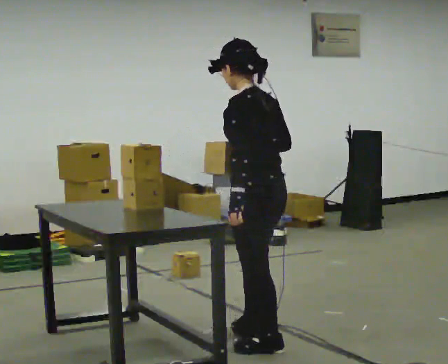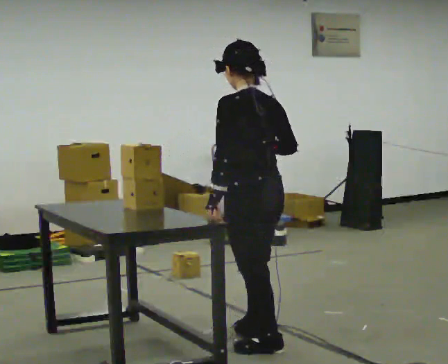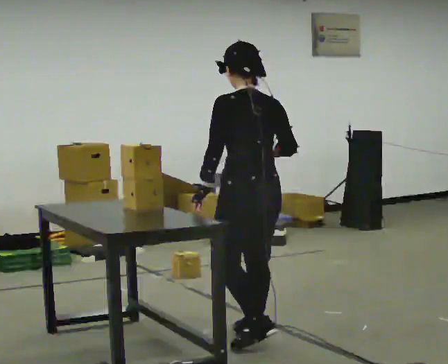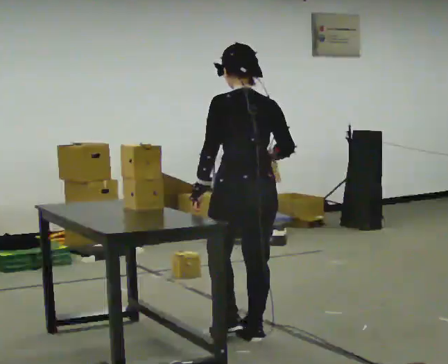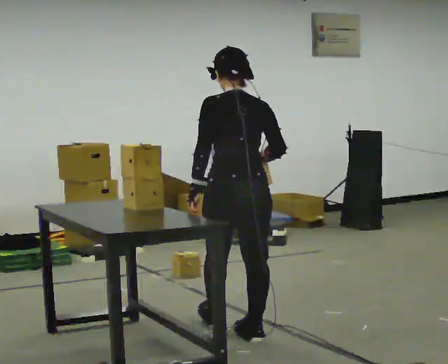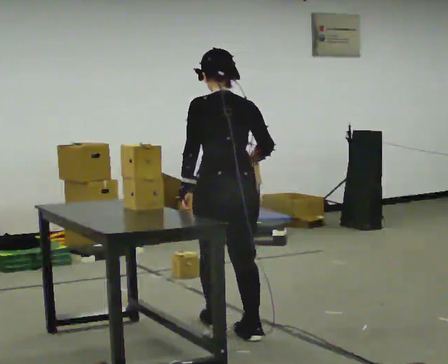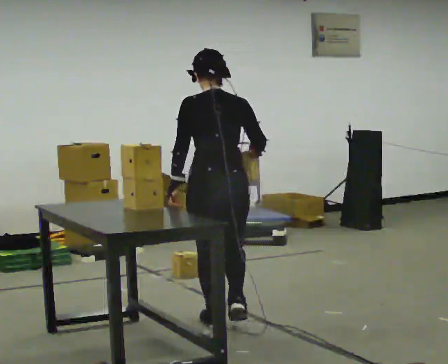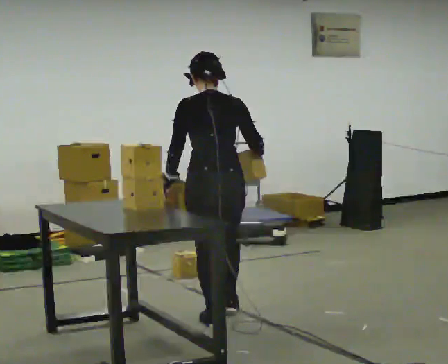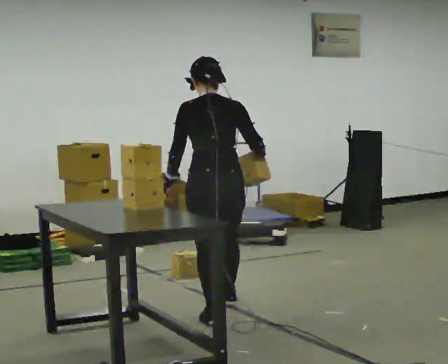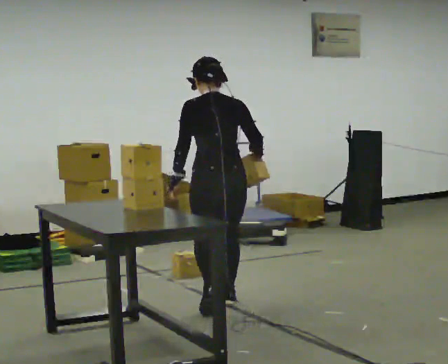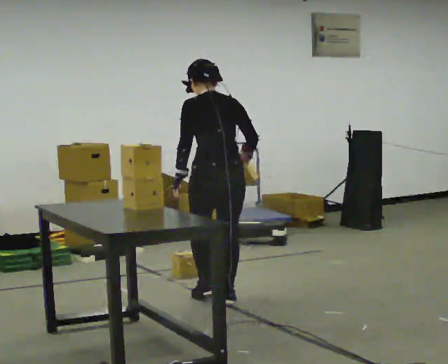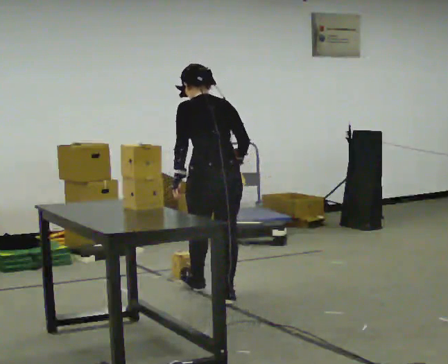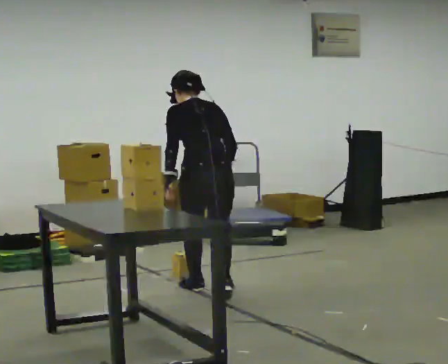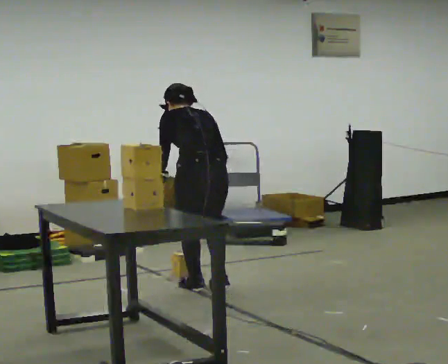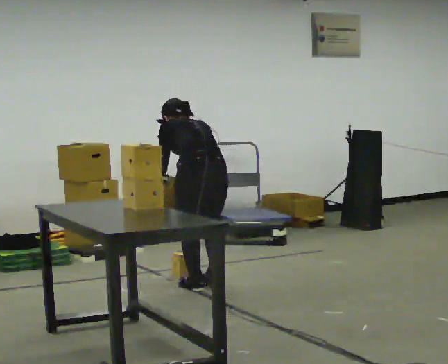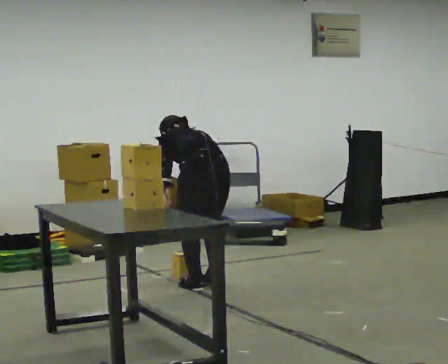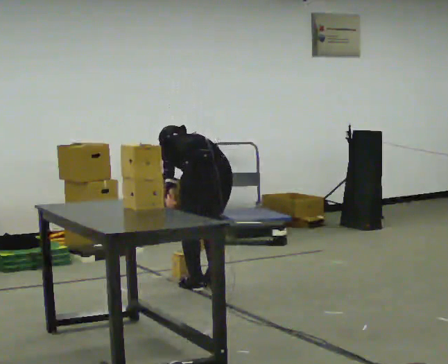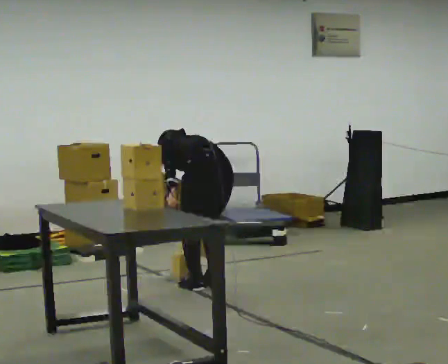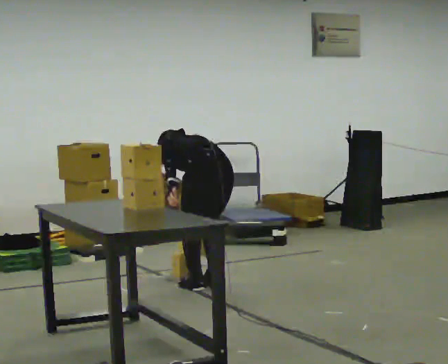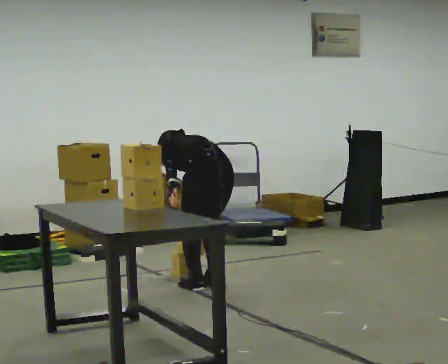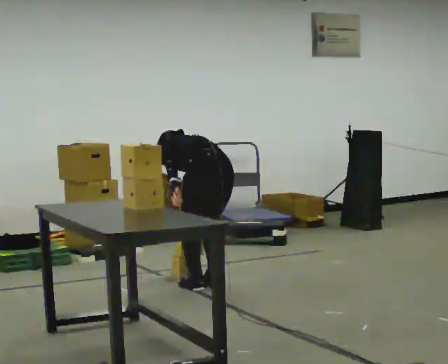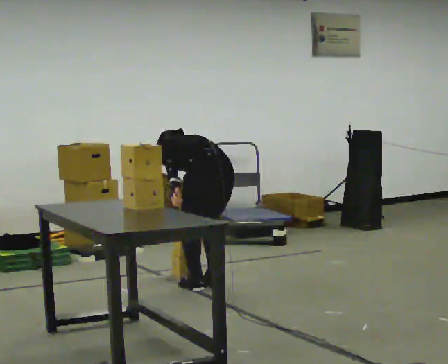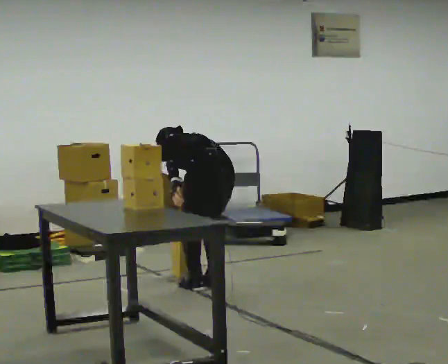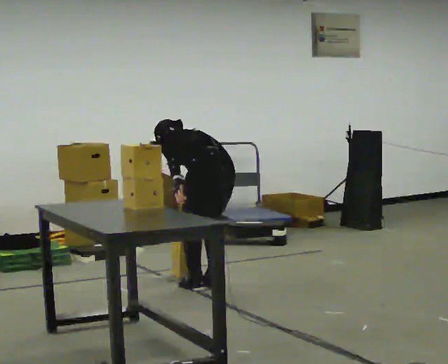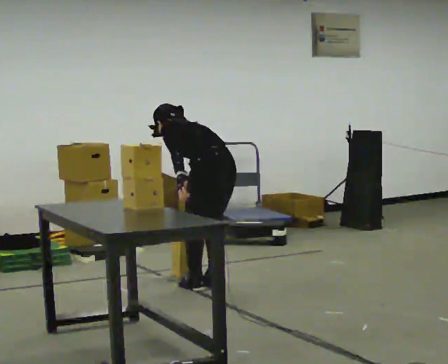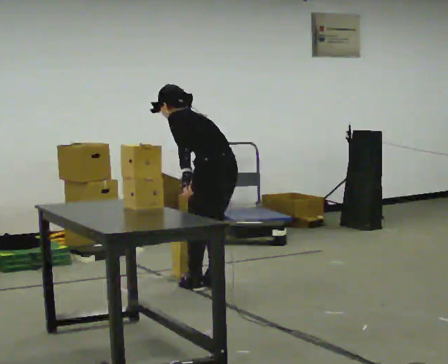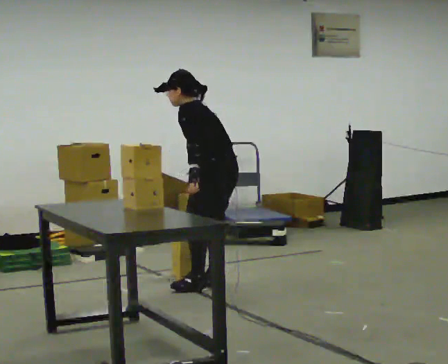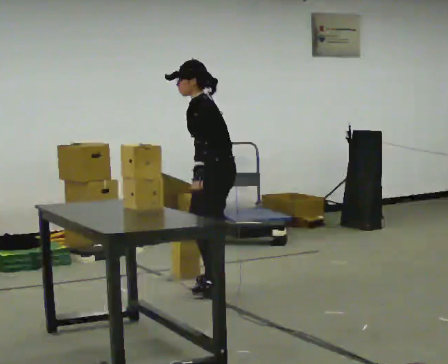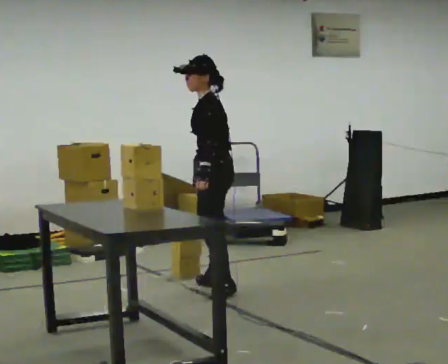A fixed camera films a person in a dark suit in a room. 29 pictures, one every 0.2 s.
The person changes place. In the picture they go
away from the camera.
0.0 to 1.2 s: The person turns about 45 degrees to their right, clockwise seen from above, so the part of the body nearest the lens slides to the left. In the picture they go away from the camera and to the left, about 0.5 m in 1 step, which for them is forward.
1.2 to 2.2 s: In the picture they go away from the camera, about 0.75 m in 1 step, which for them is forward.
2.2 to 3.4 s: In the picture they go away from the camera, about 0.25 m in 2 steps, which for them is forward. The upper body goes downward. The upper body tips away from the camera, its near side rolling upward, as they bend forward.
3.4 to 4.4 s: The person moves a little, or ends about where they began.
4.4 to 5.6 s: The part of the body nearest the lens slides to the right as the person turns to their left by about 60 degrees. The shoulders move upward. The upper body tips toward the camera, its near side rolling downward, as they lean back or straighten.
The film runs forward here.
